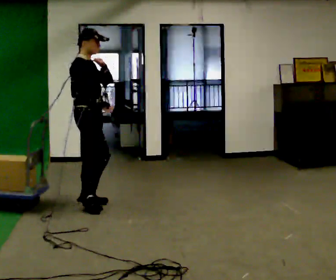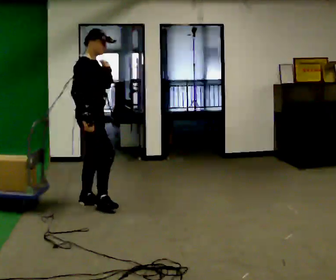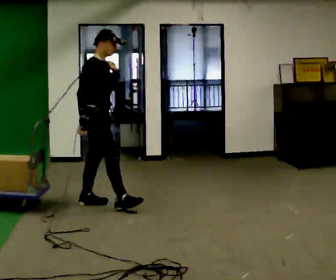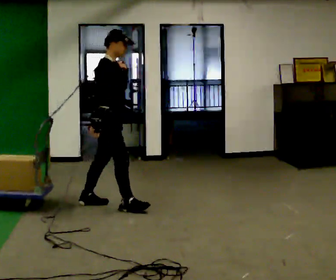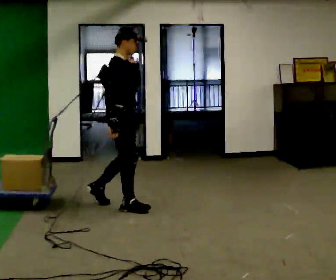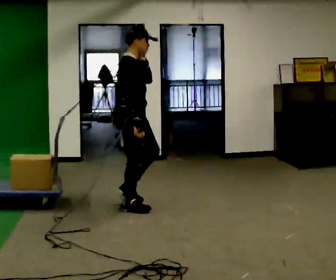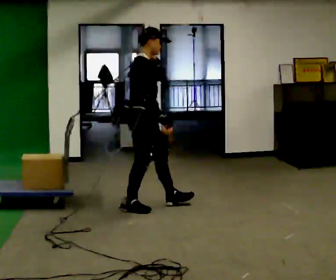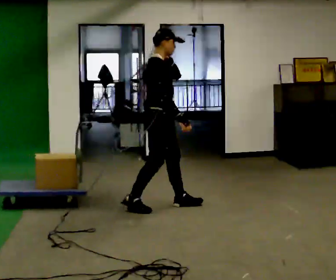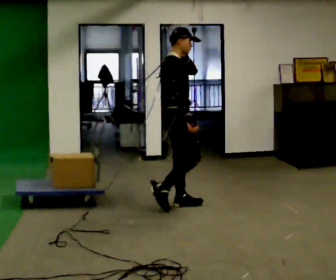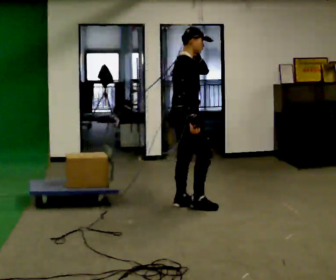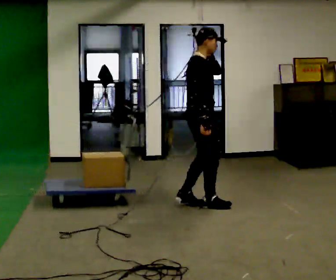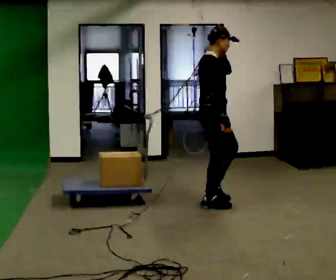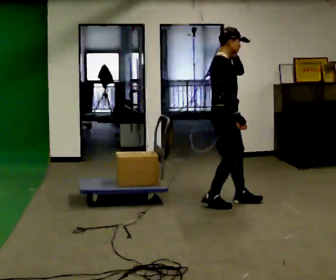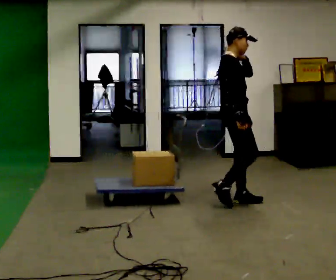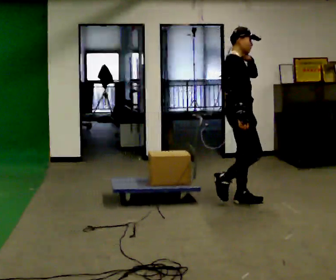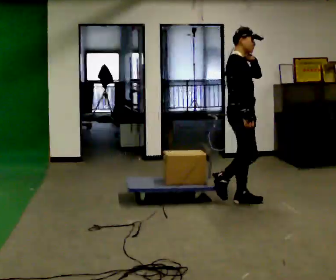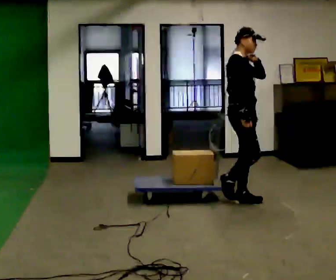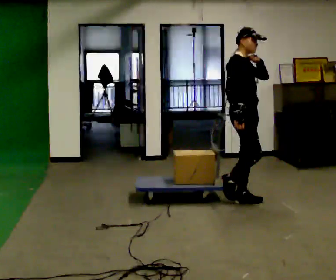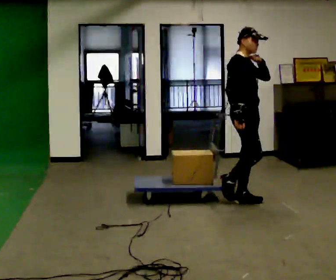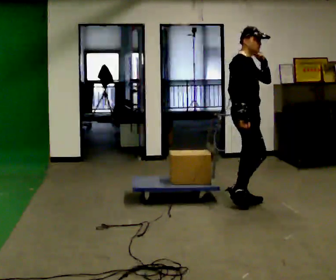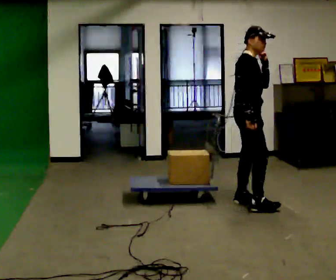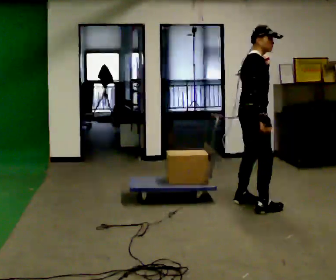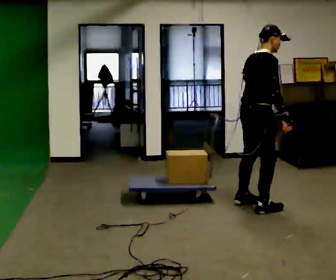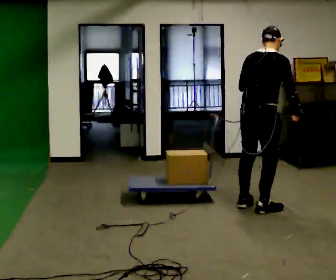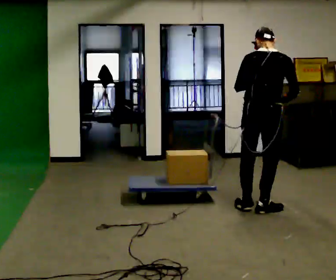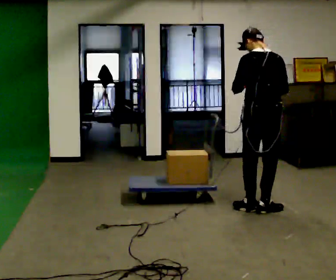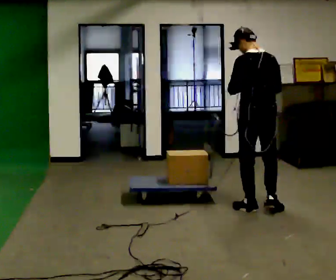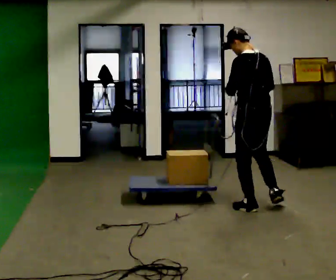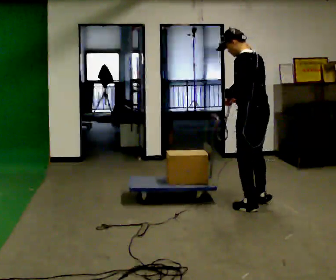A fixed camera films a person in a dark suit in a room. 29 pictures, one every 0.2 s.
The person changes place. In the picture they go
to the right.
0.0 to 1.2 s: In the picture they go to the right, about 0.5 m in 1 step, which for them is forward.
1.2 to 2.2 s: In the picture they go to the right, about 0.75 m in 2 steps, which for them is forward.
2.2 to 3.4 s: In the picture they go to the right, about 0.25 m in 2 steps, which for them is forward and to their left.
3.4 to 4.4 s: Seen from above the body turns counterclockwise, about 45 degrees: to their left, with its near side sliding to the right. In the picture they go toward the camera, about 0.25 m in 1 step, which for them is to their right and forward.
4.4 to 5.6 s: The part of the body nearest the lens slides to the right as the person turns to their left by about 120 degrees. In the picture the upper body tilts counterclockwise, shoulders to the left. In the picture their right hand goes to the left, the arm swinging clockwise.
The film runs forward here.
